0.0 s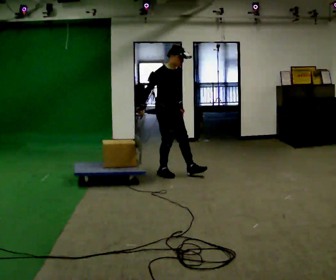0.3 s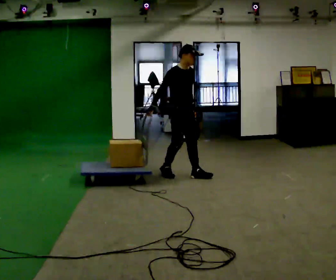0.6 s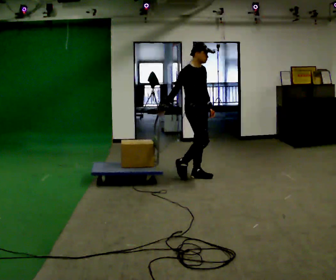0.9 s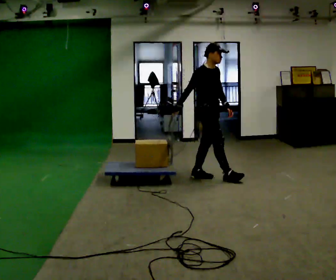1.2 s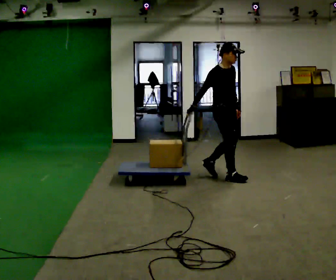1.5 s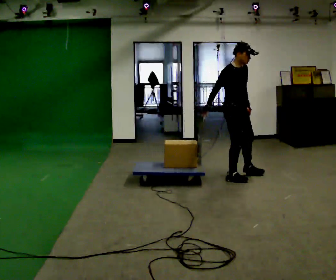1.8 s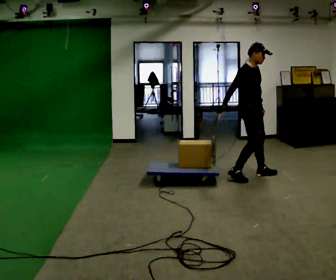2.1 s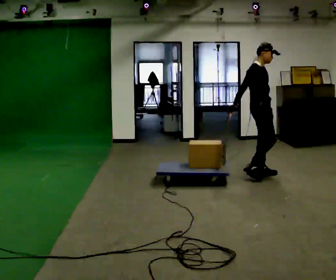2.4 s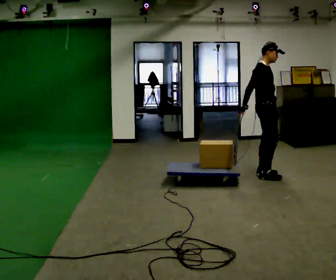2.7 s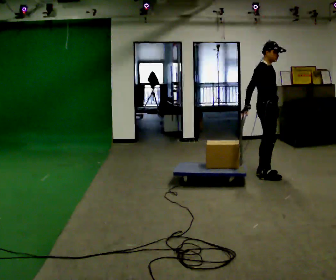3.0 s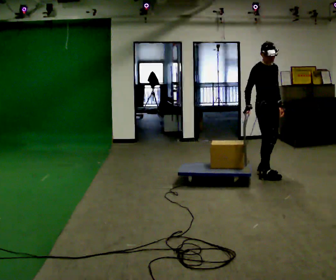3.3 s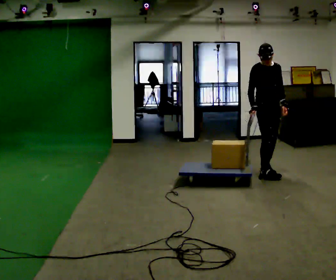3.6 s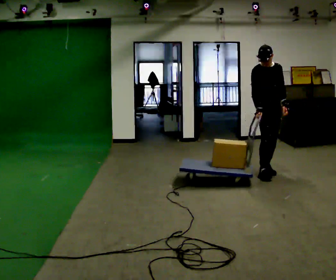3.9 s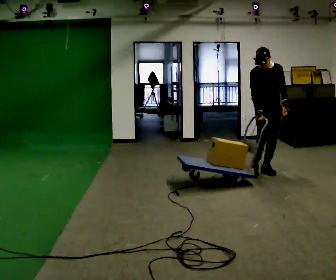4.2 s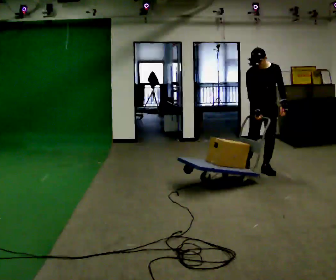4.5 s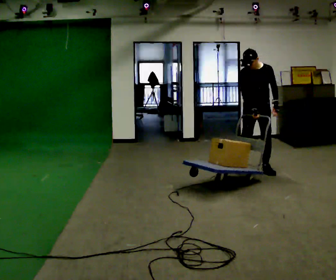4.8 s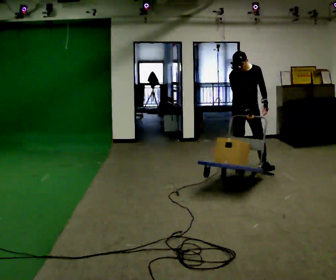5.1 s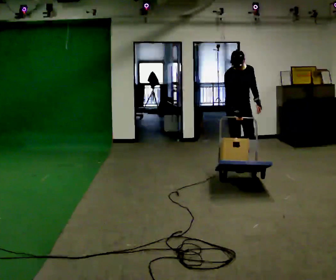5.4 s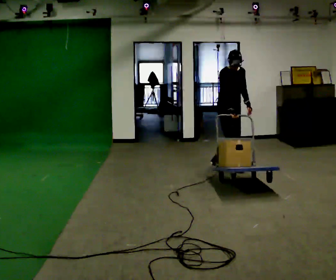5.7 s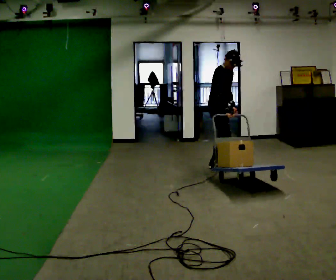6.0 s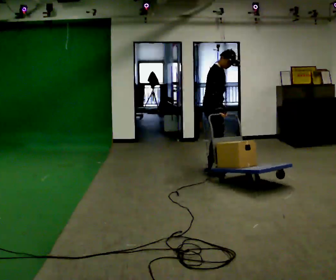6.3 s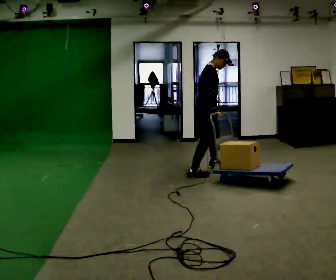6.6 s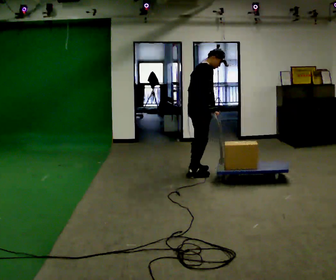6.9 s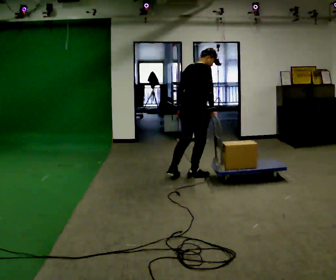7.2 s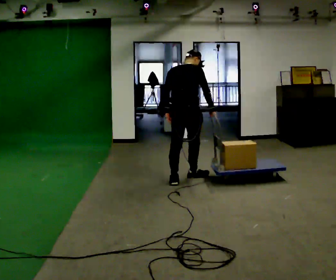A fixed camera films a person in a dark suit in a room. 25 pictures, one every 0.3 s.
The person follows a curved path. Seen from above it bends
counterclockwise.
0.0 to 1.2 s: In the picture they go to the right, about 0.5 m in 2 steps, which for them is forward.
1.2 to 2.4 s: In the picture they go to the right, about 0.5 m in 2 steps, which for them is forward and to their left.
2.4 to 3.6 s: Seen from above the body turns clockwise, about 60 degrees: to their right, with its near side sliding to the left. In the picture they go away from the camera, about 0.25 m in 1 step, which for them is to their left.
3.6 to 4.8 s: In the picture they go to the left and away from the camera, about 0.5 m in 1 step, which for them is to their right and backward.
4.8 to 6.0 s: Seen from above the body turns counterclockwise, about 75 degrees: to their left, with its near side sliding to the right. In the picture they go to the left, about 0.5 m in 1 step. The upper body tips away from the camera, its near side rolling upward.
6.0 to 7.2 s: The person turns about 90 degrees to their left, counterclockwise seen from above, so the part of the body nearest the lens slides to the right. In the picture they go toward the camera, about 0.75 m in 2 steps.
The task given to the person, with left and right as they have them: Pull the cart behind you as you walk backward across the room. The operator will confirm the space behind you is clear before each take.
The film runs forward here.
